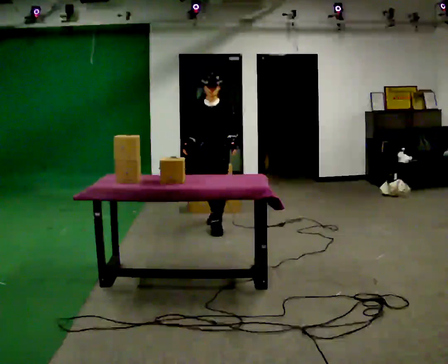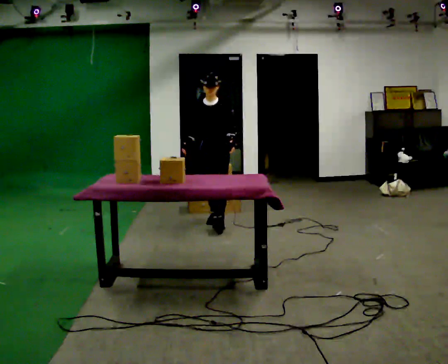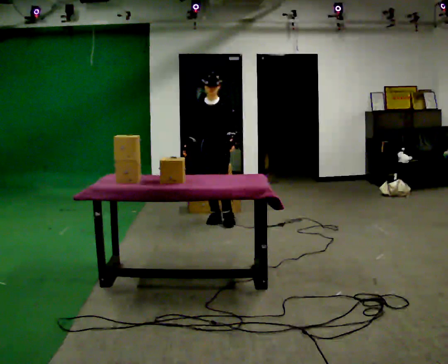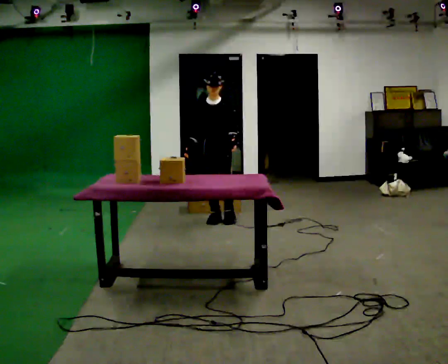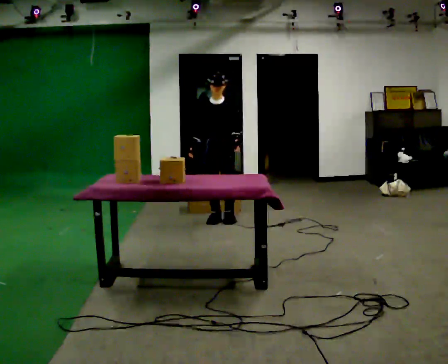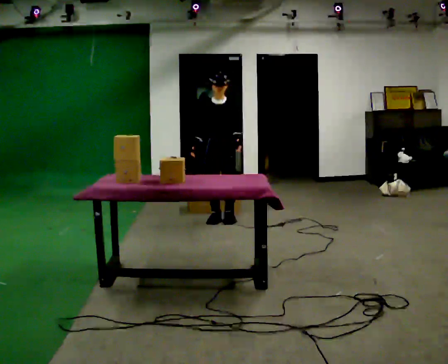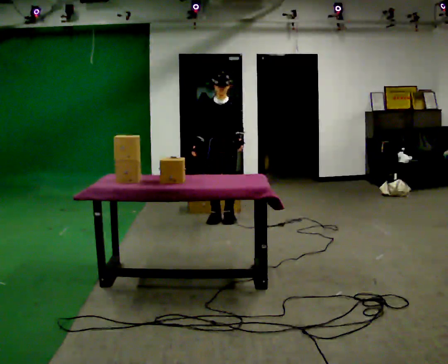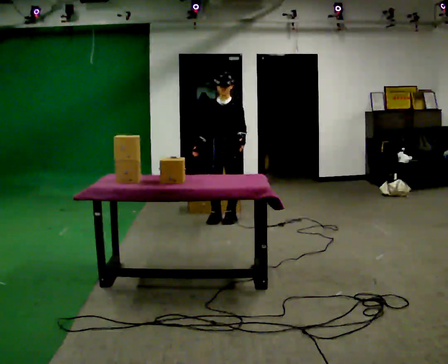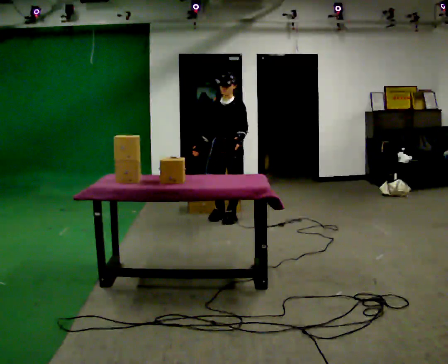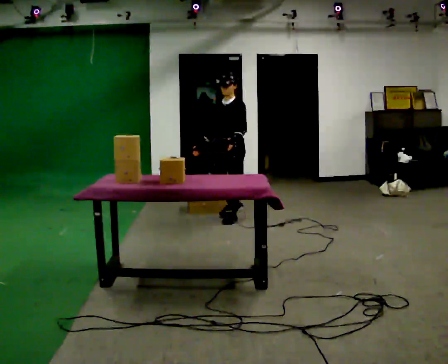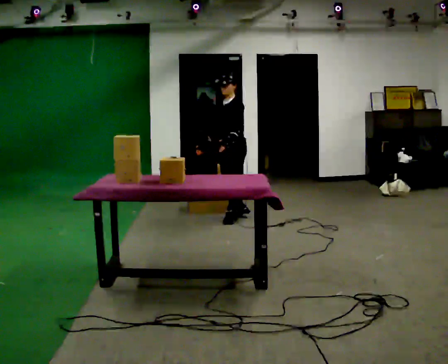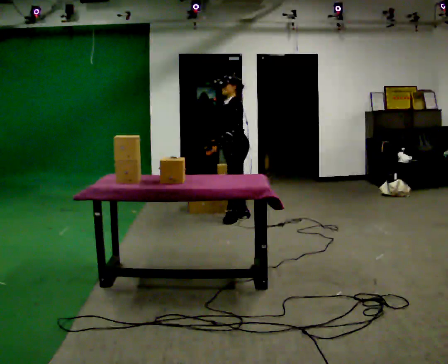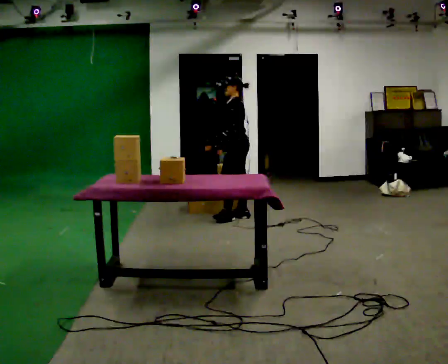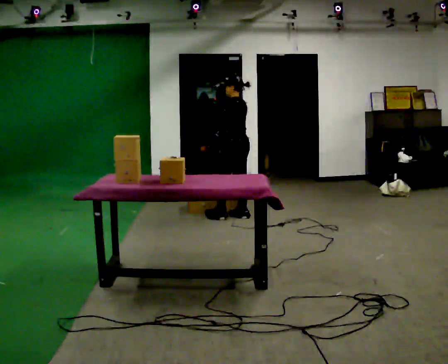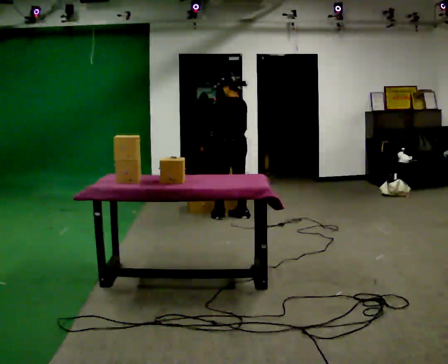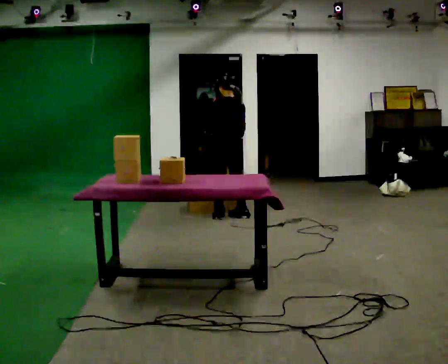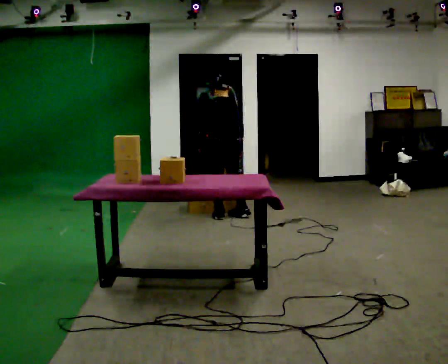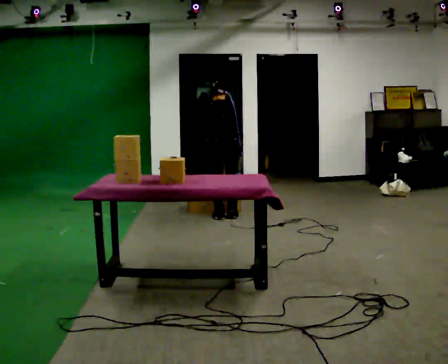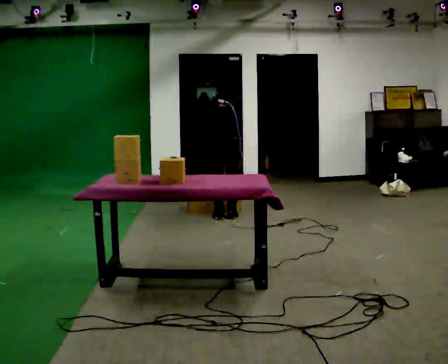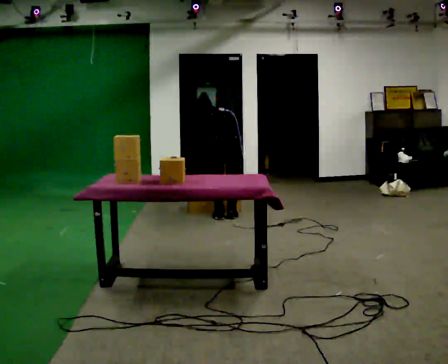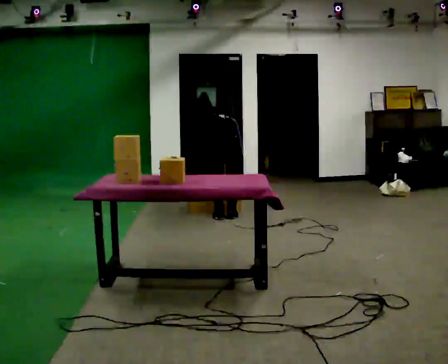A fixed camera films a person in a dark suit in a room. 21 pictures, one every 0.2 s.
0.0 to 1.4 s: In the picture they go away from the camera, about 0.25 m in 1 step, which for them is backward.
1.4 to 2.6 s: The part of the body nearest the lens slides to the left as the person turns to their right by about 105 degrees. In the picture they go away from the camera, about 0.25 m in 2 steps. In the picture their left hand goes to the left, the arm swinging clockwise.
2.6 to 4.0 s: The part of the body nearest the lens slides to the left as the person turns to their right by about 60 degrees. The upper body goes downward. The upper body tips away from the camera, its near side rolling upward, as they bend forward. In the picture their left hand goes downward.
The film runs backward here.
